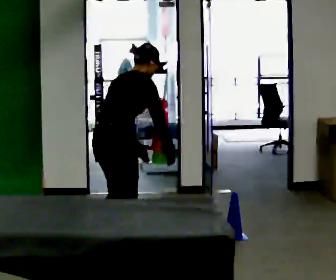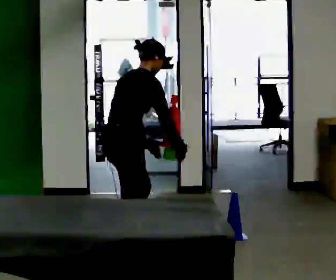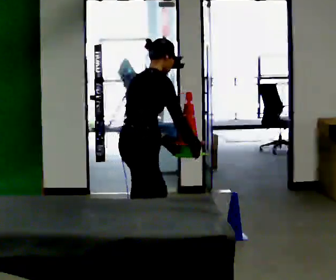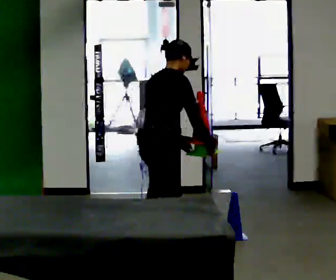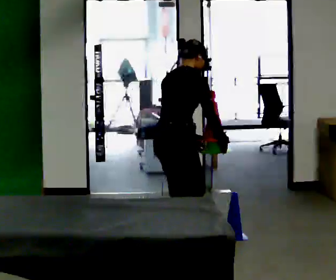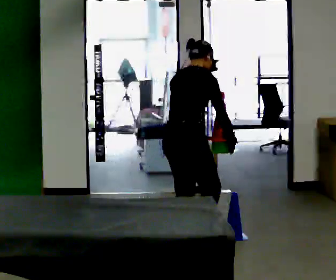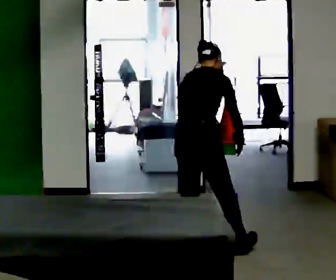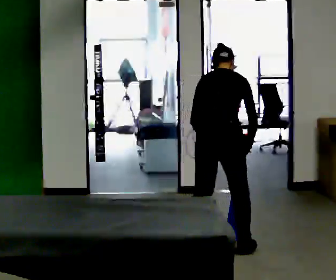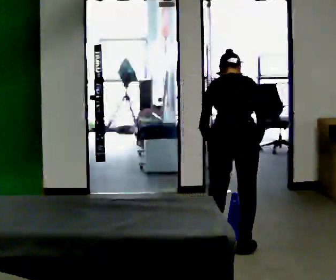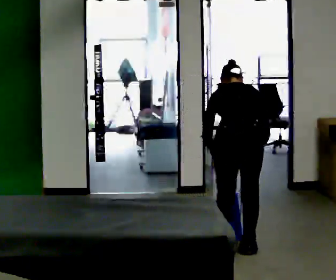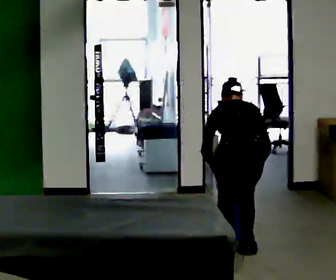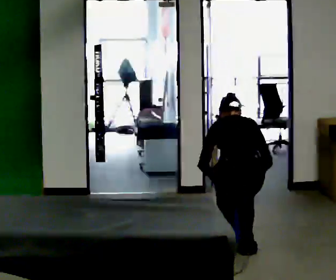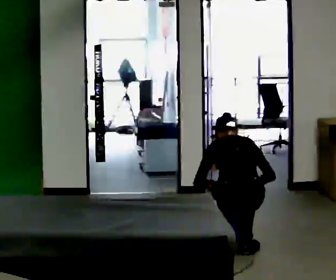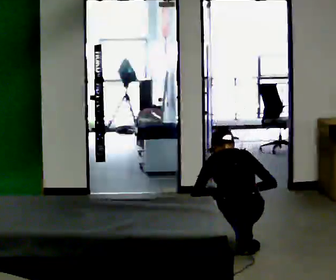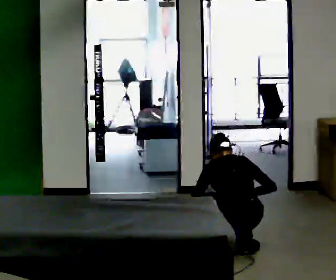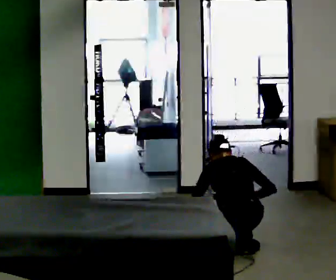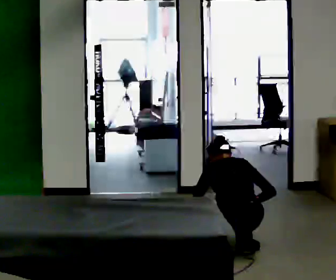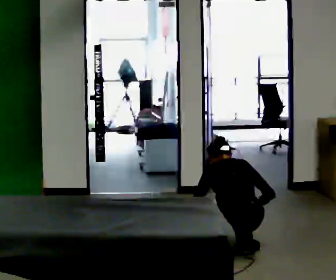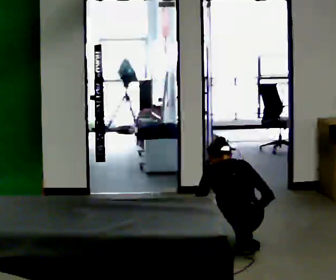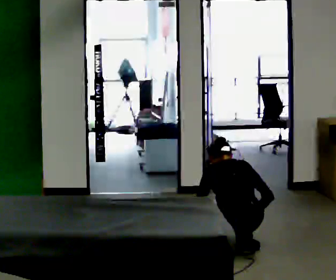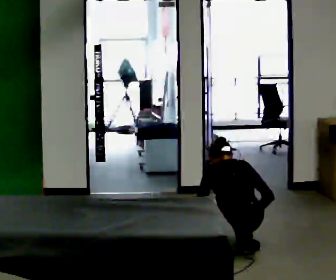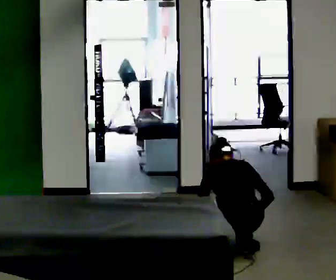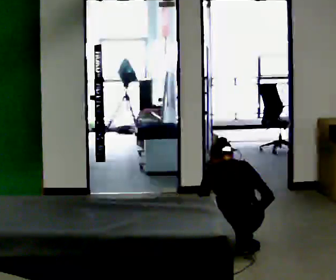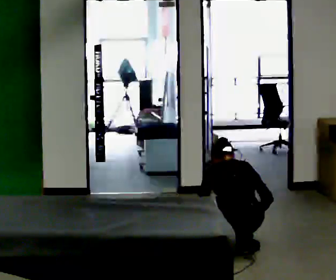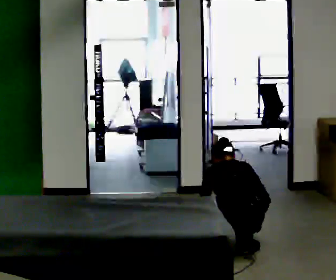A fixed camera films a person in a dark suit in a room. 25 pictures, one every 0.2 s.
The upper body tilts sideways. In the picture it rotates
counterclockwise.
The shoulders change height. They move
downward.
0.0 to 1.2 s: In the picture they go to the right and away from the camera, about 0.5 m in 1 step, which for them is forward.
1.2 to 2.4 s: Seen from above the body turns counterclockwise, about 45 degrees: to their left, with its near side sliding to the right. In the picture they go to the right, about 0.25 m in 2 steps, which for them is to their right and backward. The shoulders move downward. The upper body tips away from the camera, its near side rolling upward, as they bend forward. In the picture their right hand goes downward.
2.4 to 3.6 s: The upper body goes downward.
3.6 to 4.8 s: The person moves a little, or ends about where they began.
The film runs forward here.
